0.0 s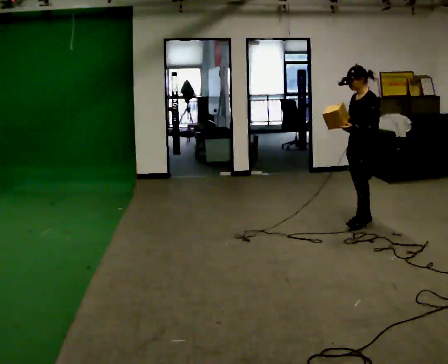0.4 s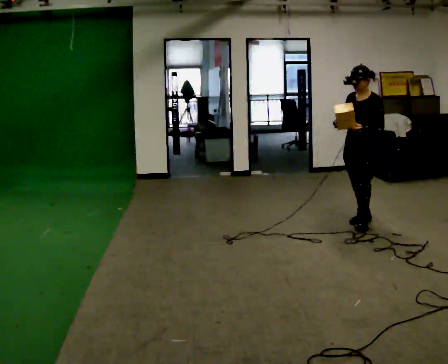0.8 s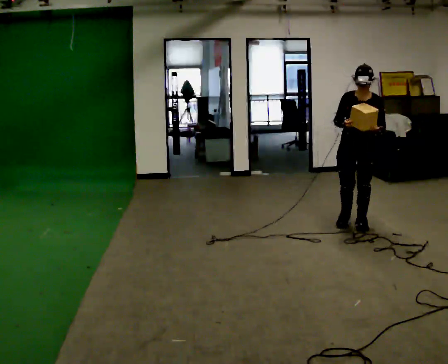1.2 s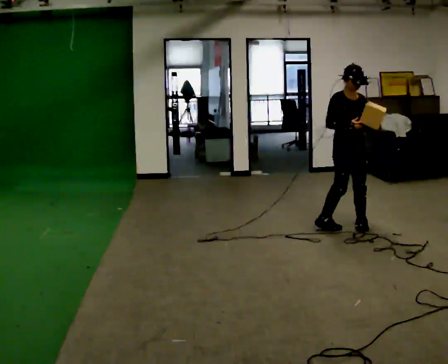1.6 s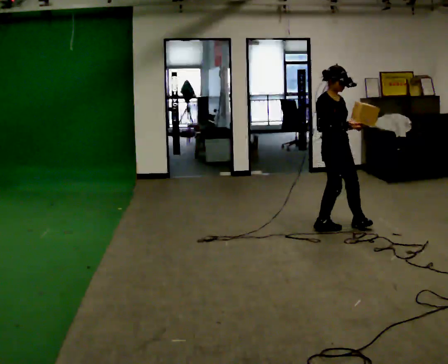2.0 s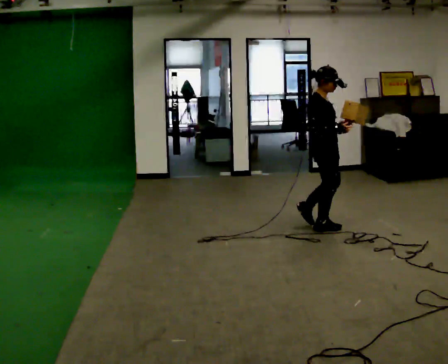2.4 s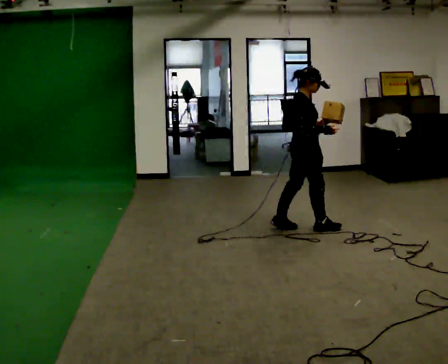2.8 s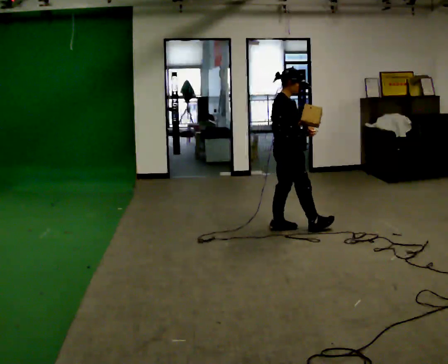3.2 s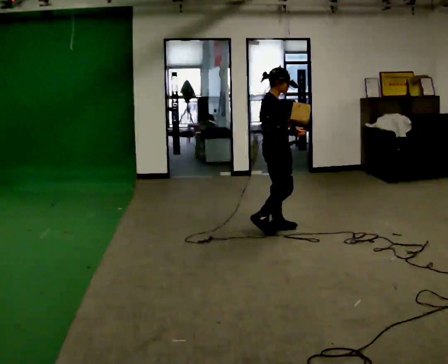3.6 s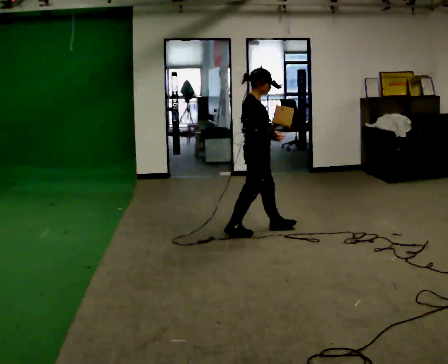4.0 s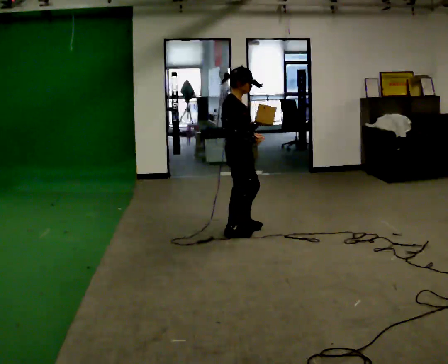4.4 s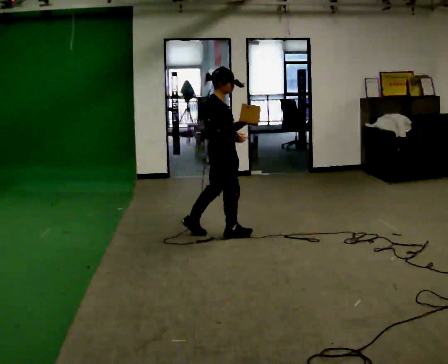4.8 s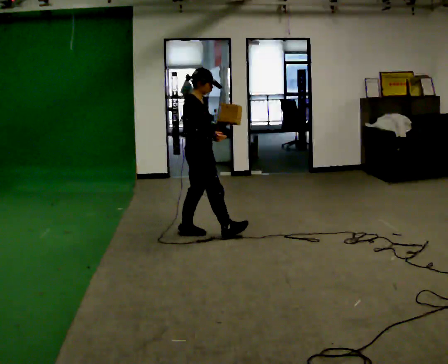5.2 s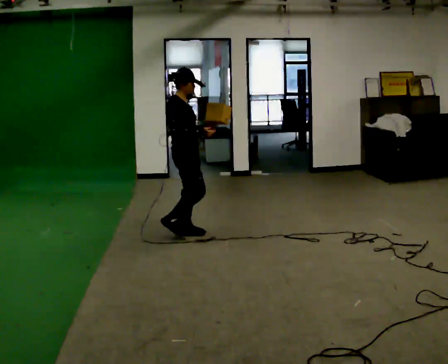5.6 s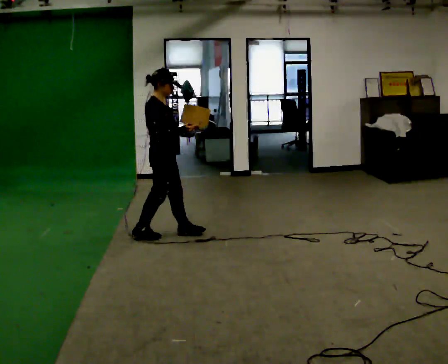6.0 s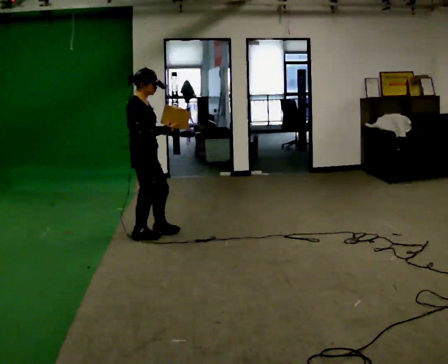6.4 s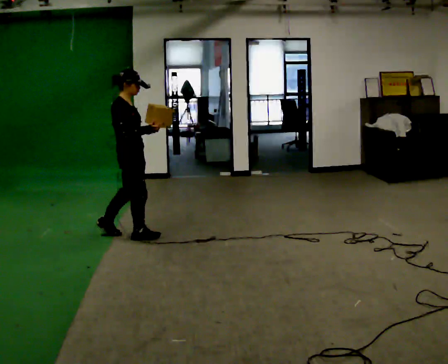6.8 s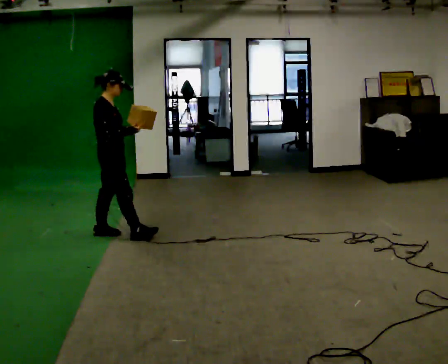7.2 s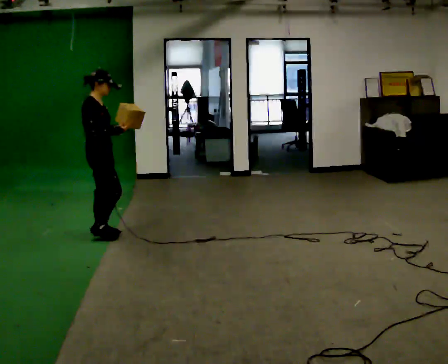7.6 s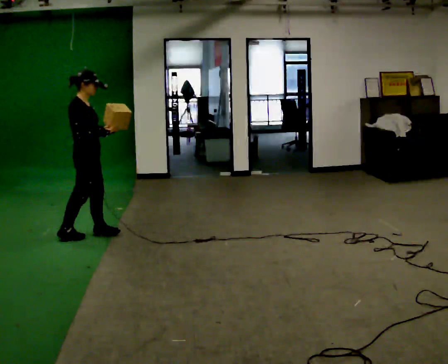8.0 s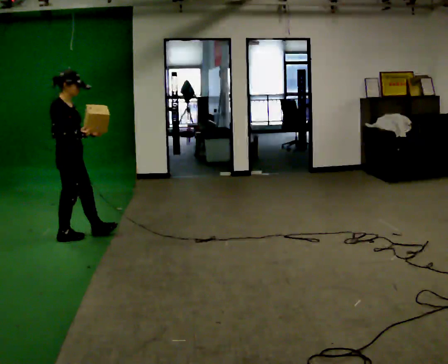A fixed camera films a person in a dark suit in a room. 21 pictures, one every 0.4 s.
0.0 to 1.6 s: The part of the body nearest the lens slides to the right as the person turns to their left by about 135 degrees. In the picture they go to the left, about 0.5 m in 2 steps.
1.6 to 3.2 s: Seen from above the body turns counterclockwise, about 30 degrees: to their left, with its near side sliding to the right. In the picture they go to the left, about 0.5 m in 1 step, which for them is backward.
3.2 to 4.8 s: In the picture they go to the left, about 0.75 m in 2 steps, which for them is backward.
4.8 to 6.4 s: In the picture they go to the left, about 0.5 m in 1 step, which for them is backward.
6.4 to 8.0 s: In the picture they go to the left, about 0.5 m in 1 step, which for them is backward.
The film runs backward here.
